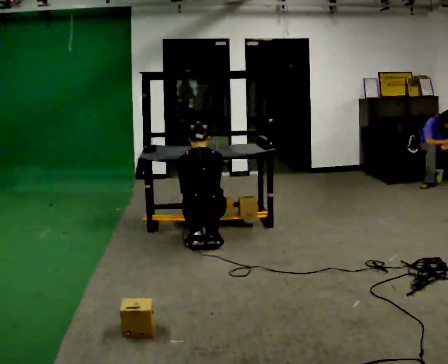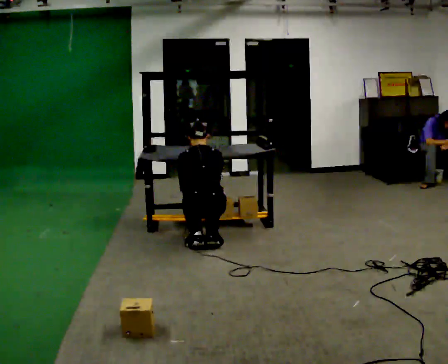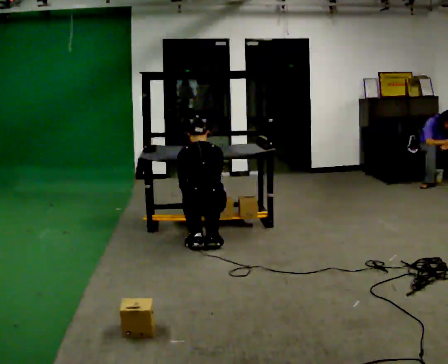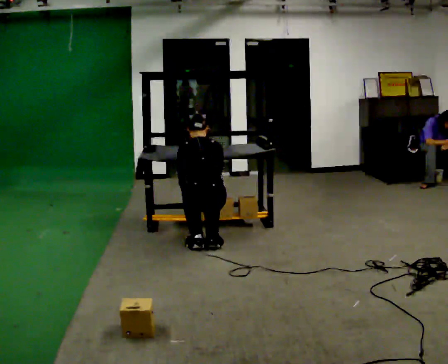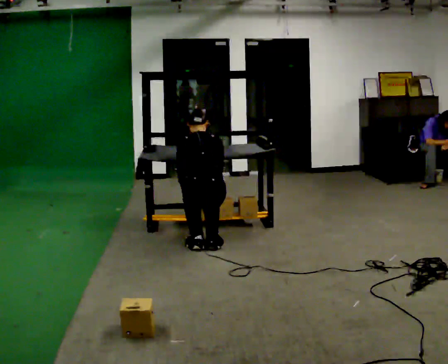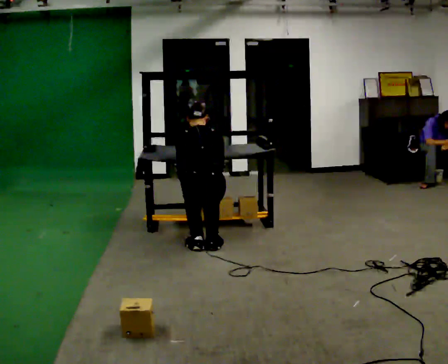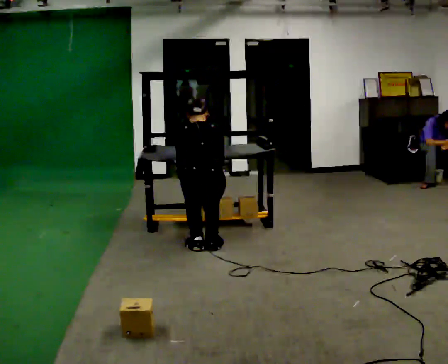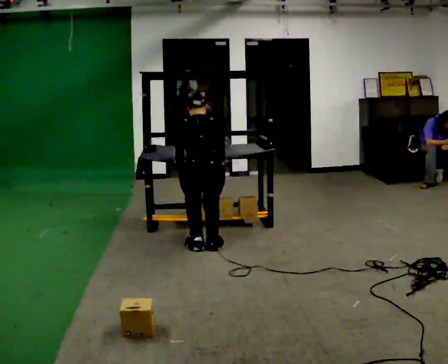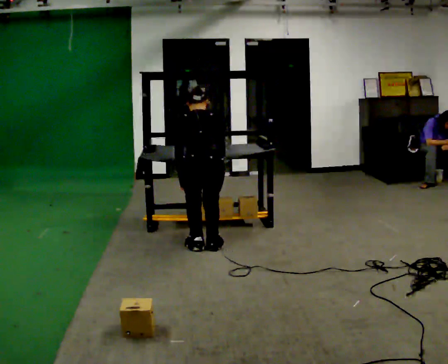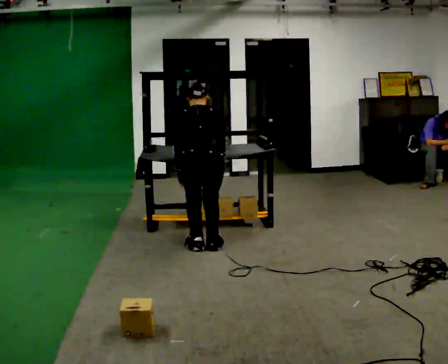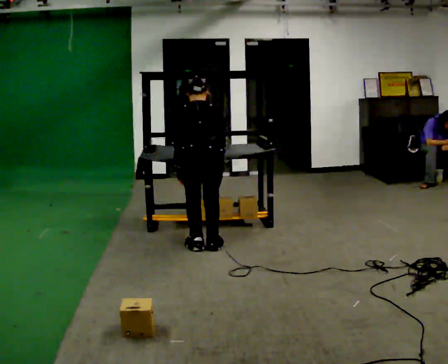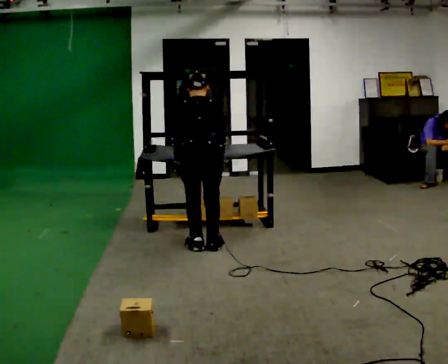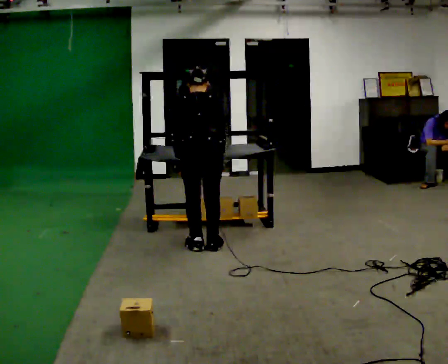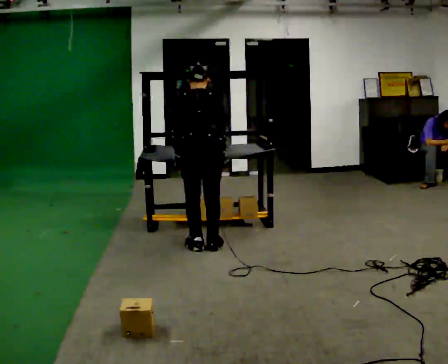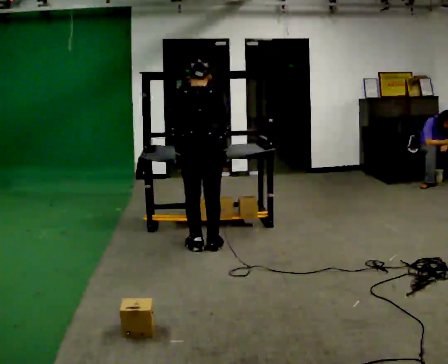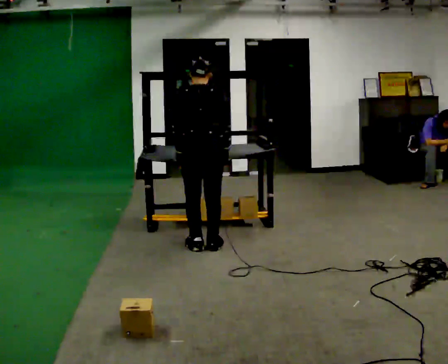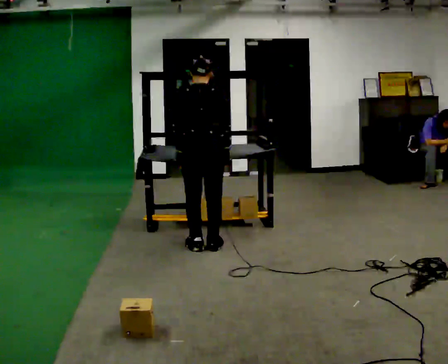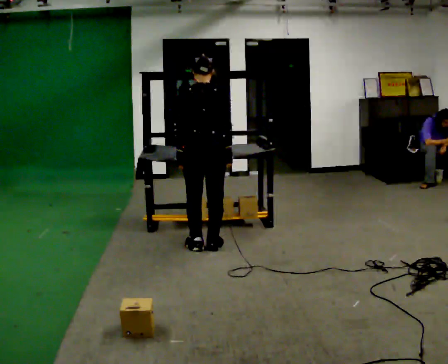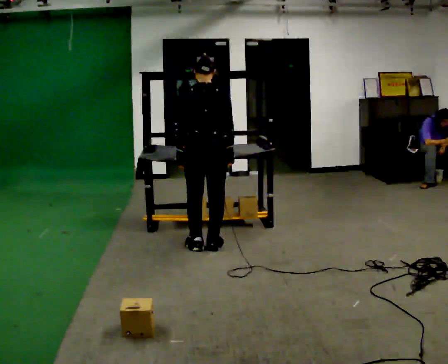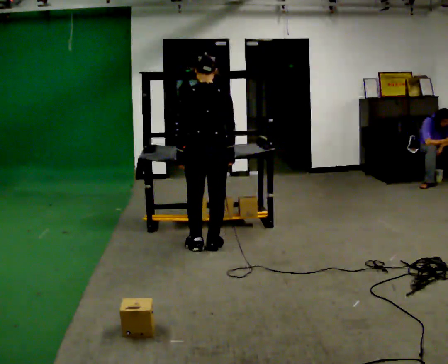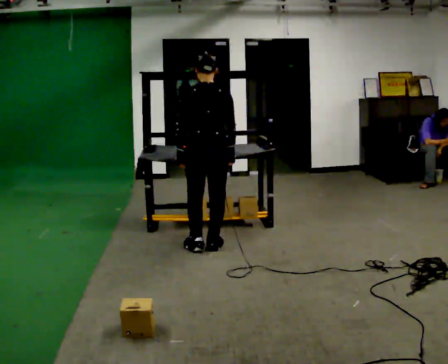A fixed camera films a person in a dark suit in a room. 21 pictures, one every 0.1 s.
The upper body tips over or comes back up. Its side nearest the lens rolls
downward.
The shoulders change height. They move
upward.
0.0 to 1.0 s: The shoulders move upward.
1.0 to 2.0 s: The upper body goes upward. The upper body tips toward the camera, its near side rolling downward, as they lean back or straighten.
The film runs backward here.
